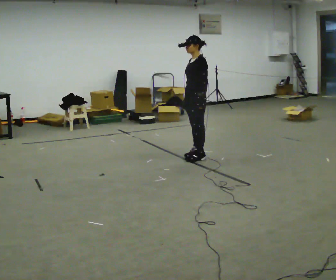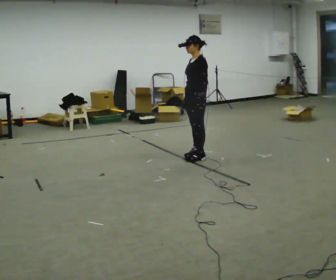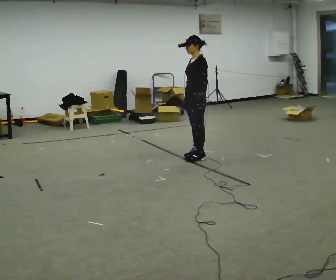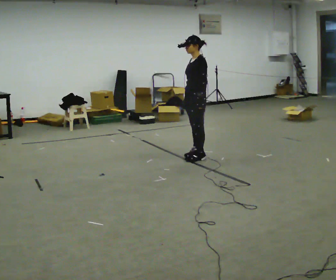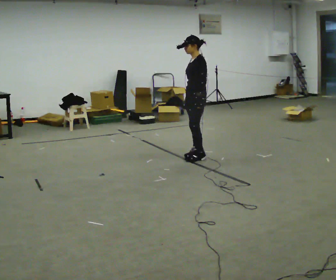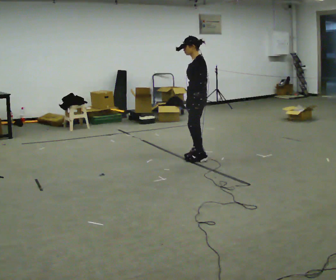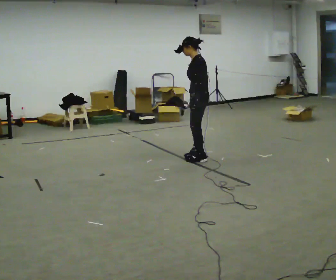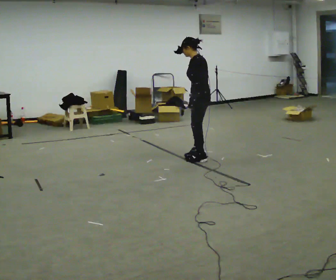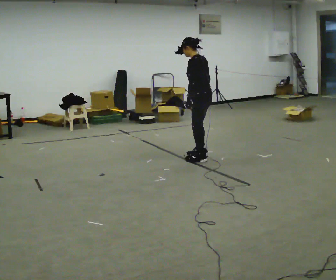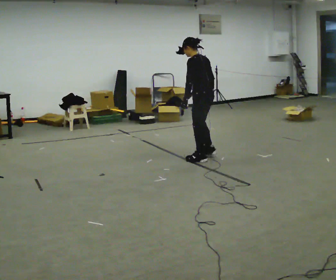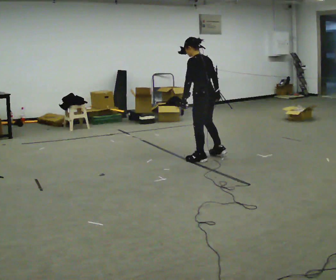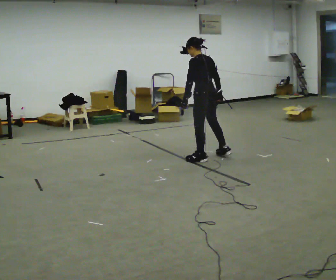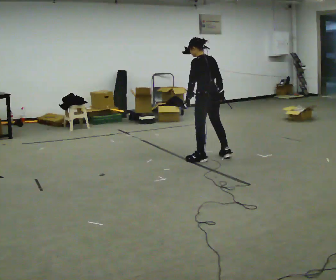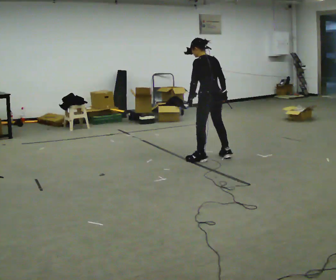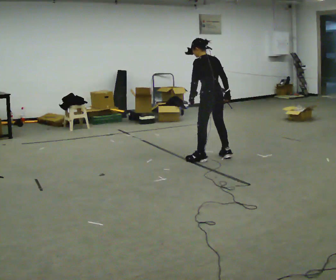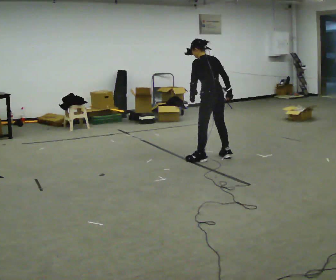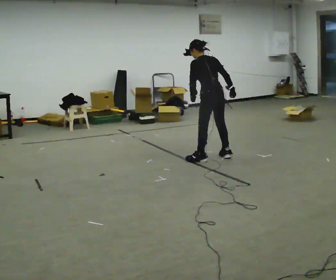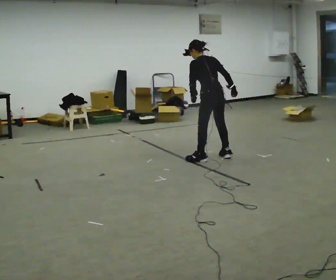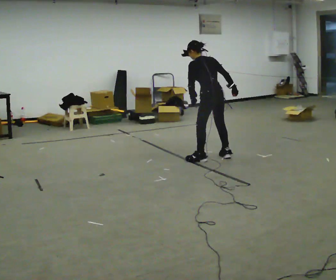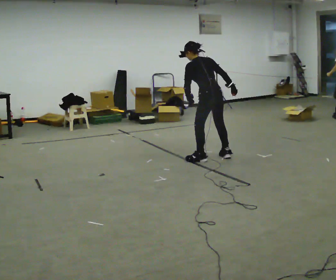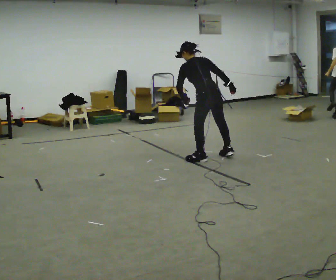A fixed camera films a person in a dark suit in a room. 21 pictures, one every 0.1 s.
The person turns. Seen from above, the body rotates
clockwise.
The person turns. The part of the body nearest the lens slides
to the left.
0.0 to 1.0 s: The person turns about 60 degrees to their right, clockwise seen from above, so the part of the body nearest the lens slides to the left. In the picture their right hand goes to the right, the arm swinging counterclockwise.
1.0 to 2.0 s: In the picture the upper body tilts counterclockwise, shoulders to the left, as they bend forward.
The film runs forward here.
